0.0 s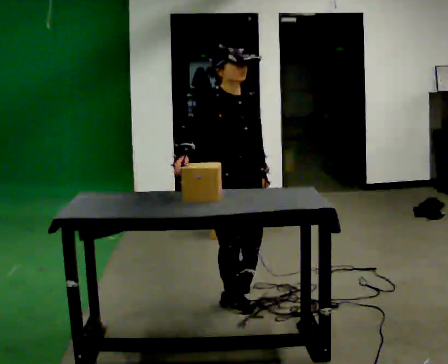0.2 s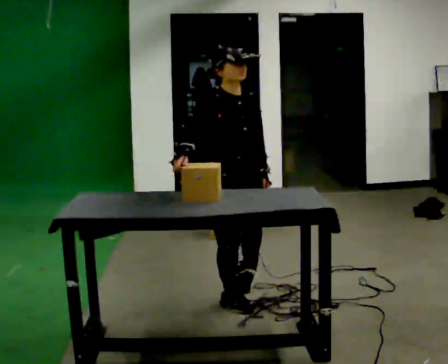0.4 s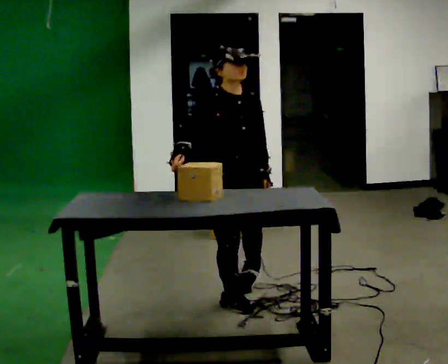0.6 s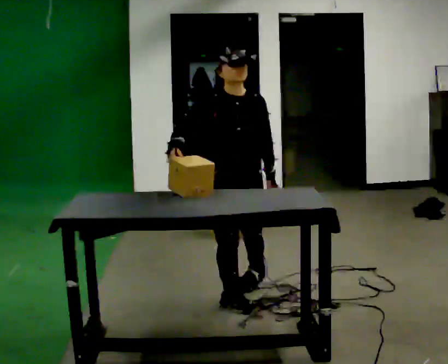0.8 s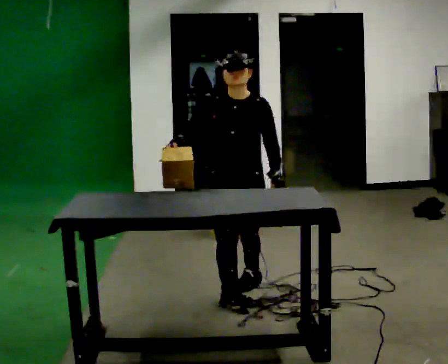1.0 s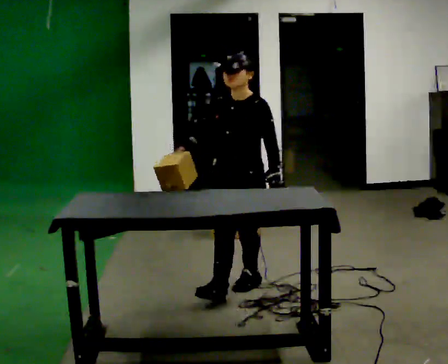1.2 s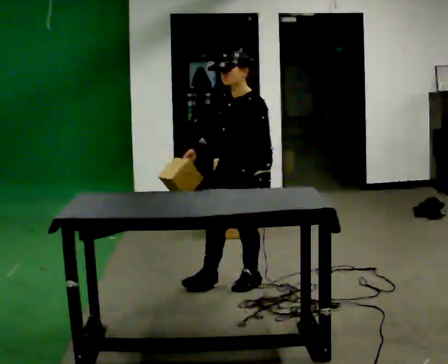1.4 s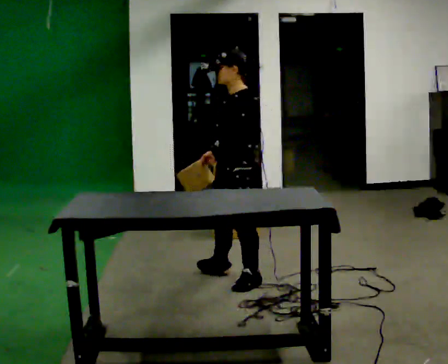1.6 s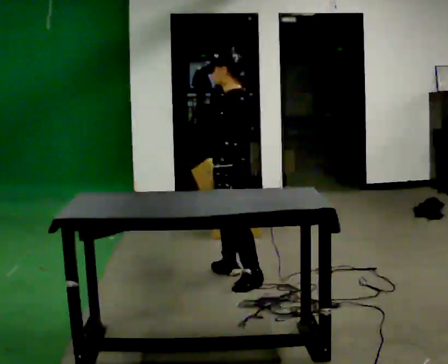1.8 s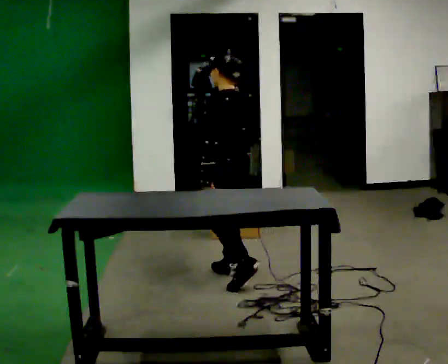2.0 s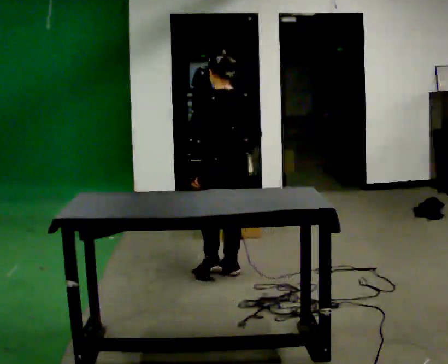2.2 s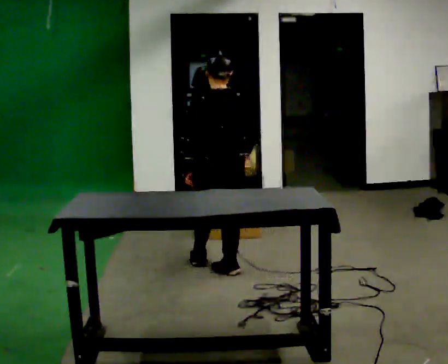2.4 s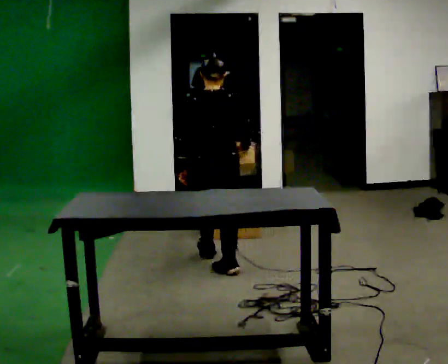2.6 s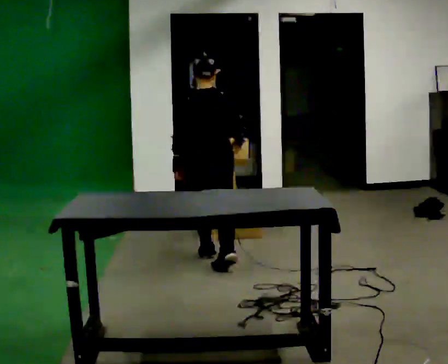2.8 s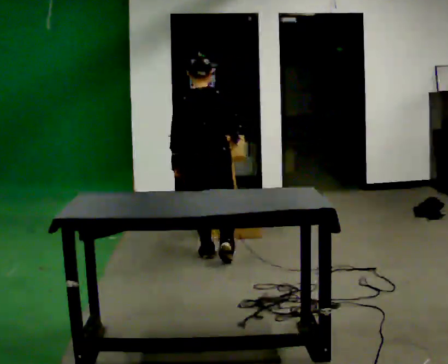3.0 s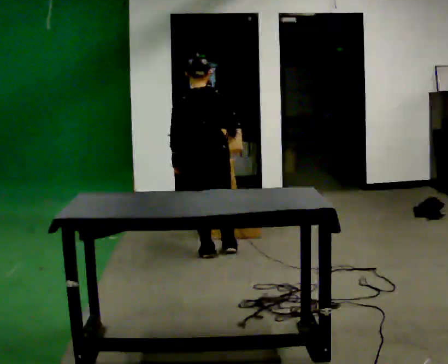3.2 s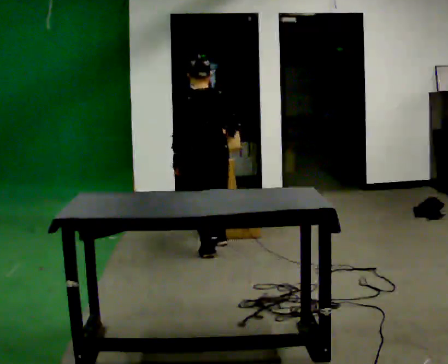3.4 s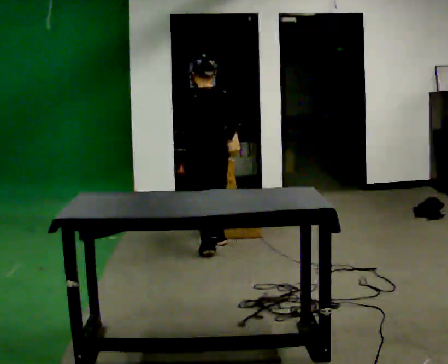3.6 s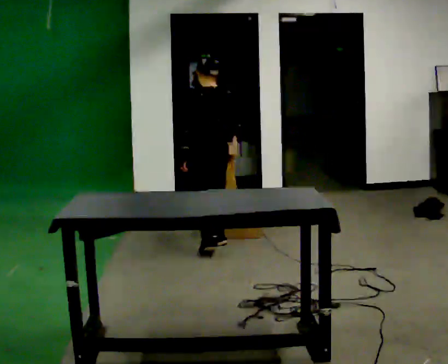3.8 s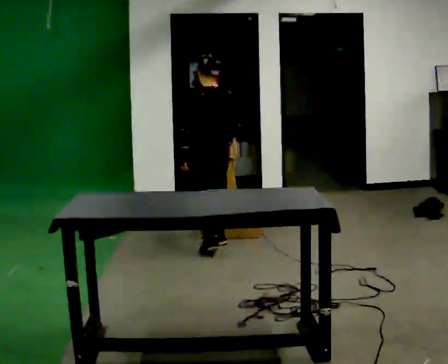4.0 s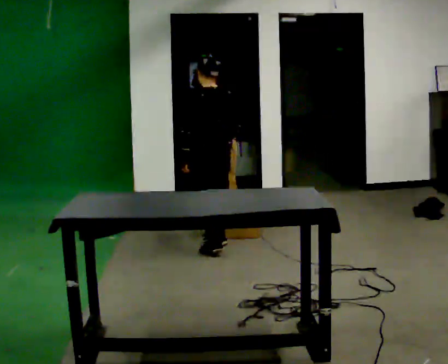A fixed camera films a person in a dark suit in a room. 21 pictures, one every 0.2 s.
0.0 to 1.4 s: The person turns about 120 degrees to their right, clockwise seen from above, so the part of the body nearest the lens slides to the left. In the picture they go away from the camera, about 0.5 m.
1.4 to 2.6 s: The part of the body nearest the lens slides to the left as the person turns to their right by about 105 degrees. In the picture they go away from the camera, about 0.75 m in 2 steps.
2.6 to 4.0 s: The person turns about 45 degrees to their left, counterclockwise seen from above, so the part of the body nearest the lens slides to the right. In the picture they go away from the camera, about 0.25 m in 1 step, which for them is forward.
The film runs forward here.
